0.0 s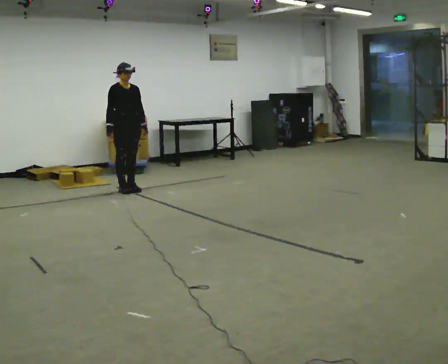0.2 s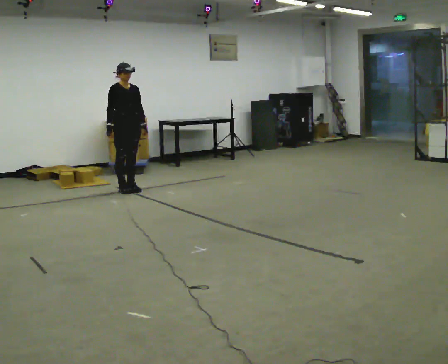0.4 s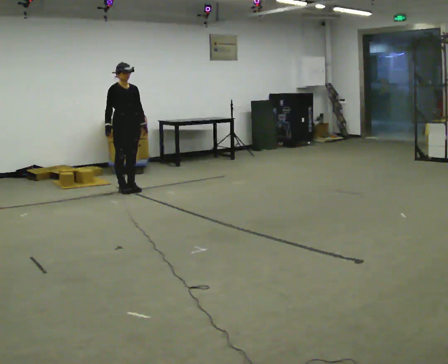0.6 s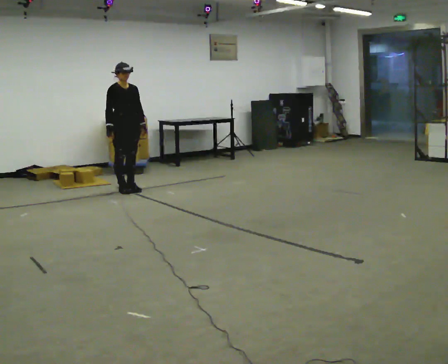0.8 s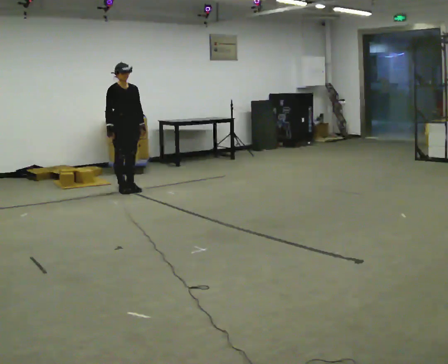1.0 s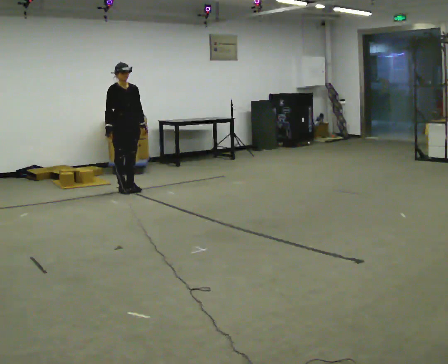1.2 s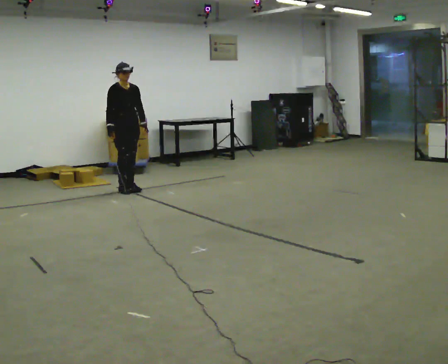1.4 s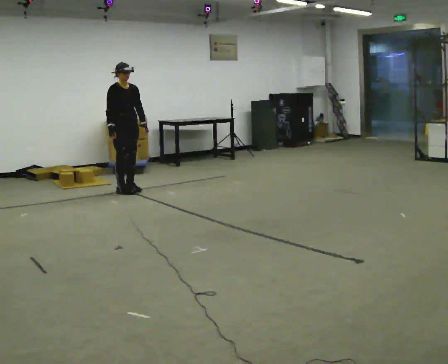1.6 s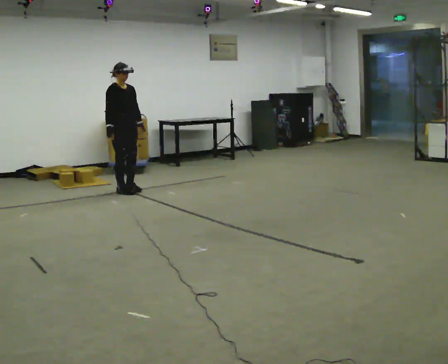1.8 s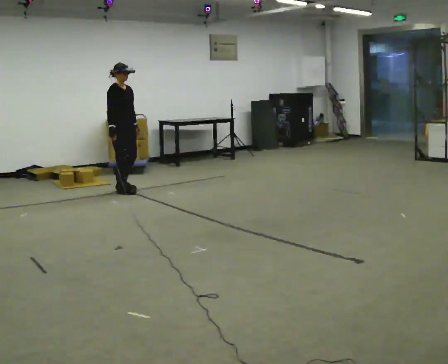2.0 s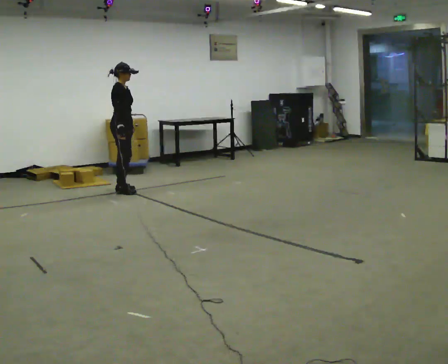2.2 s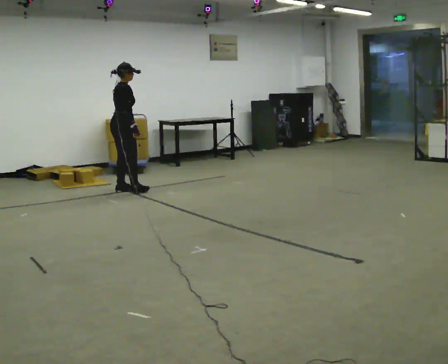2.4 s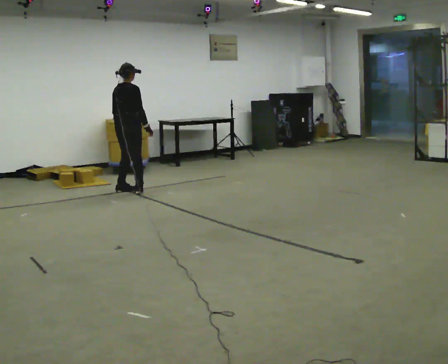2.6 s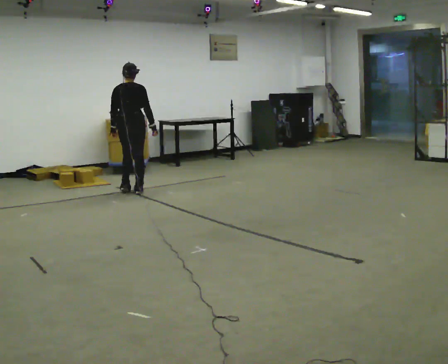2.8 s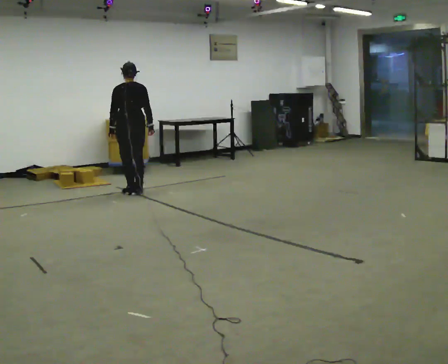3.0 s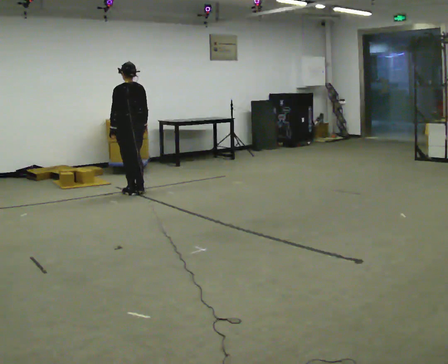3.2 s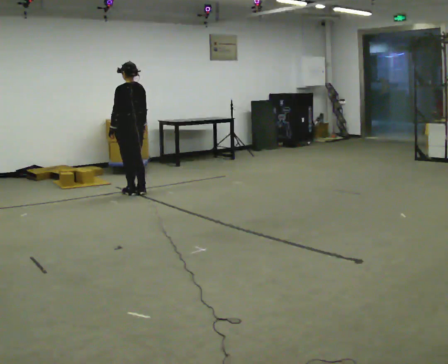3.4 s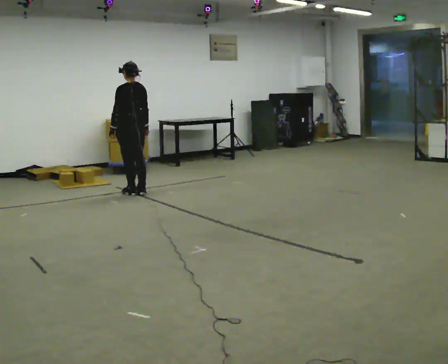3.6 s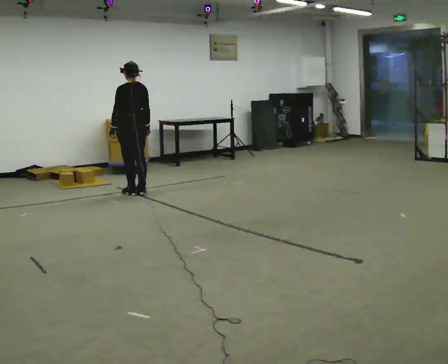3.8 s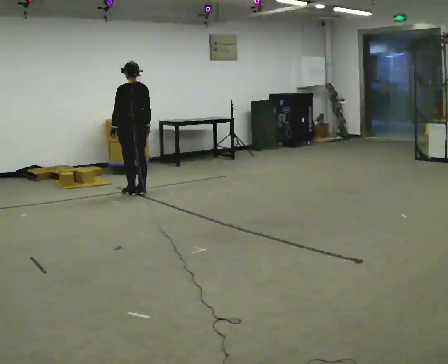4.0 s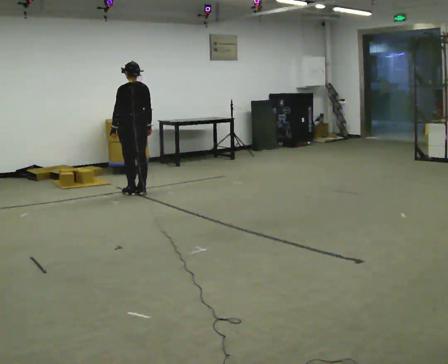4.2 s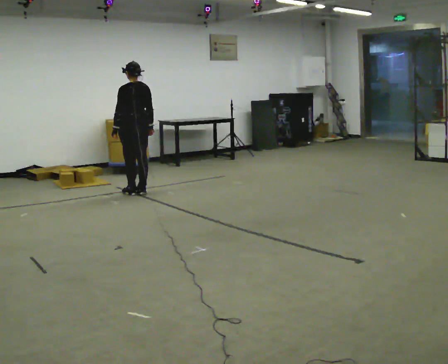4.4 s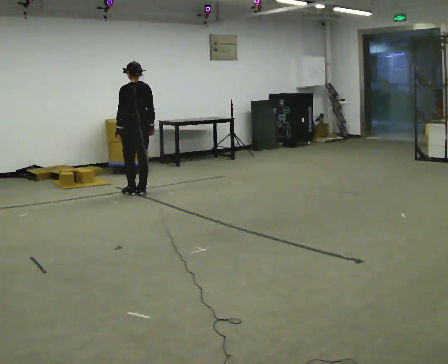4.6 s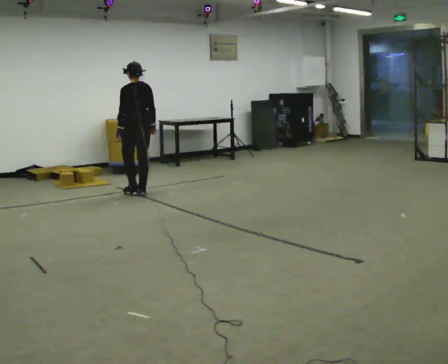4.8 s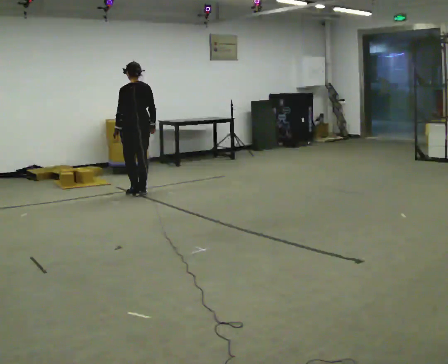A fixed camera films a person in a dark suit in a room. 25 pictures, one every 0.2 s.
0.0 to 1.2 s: The person moves a little, or ends about where they began.
1.2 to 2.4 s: The part of the body nearest the lens slides to the right as the person turns to their left by about 105 degrees. In the picture their right hand goes to the right, the arm swinging counterclockwise.
2.4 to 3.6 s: The part of the body nearest the lens slides to the right as the person turns to their left by about 75 degrees.
3.6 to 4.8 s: The person moves a little, or ends about where they began.
The film runs backward here.
